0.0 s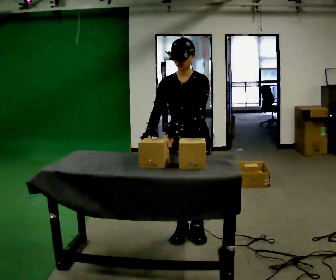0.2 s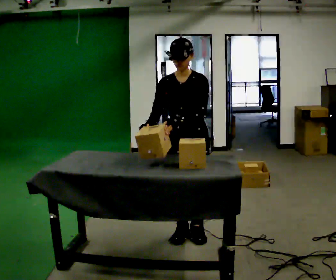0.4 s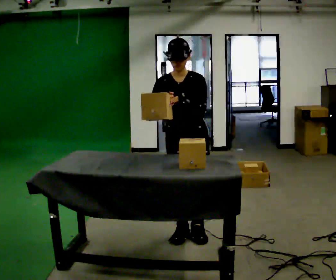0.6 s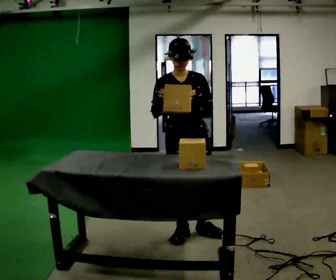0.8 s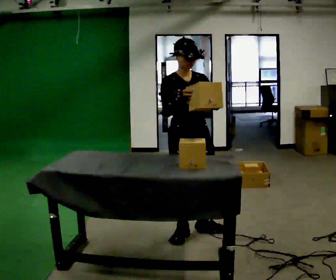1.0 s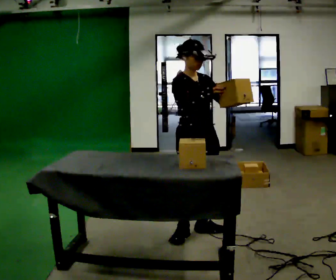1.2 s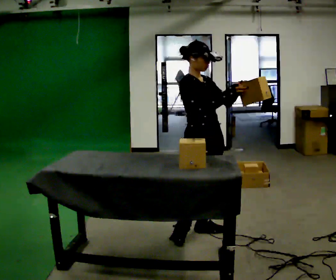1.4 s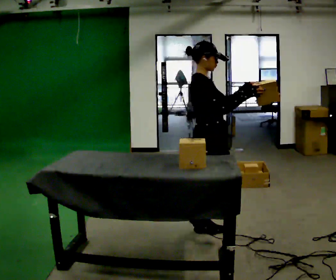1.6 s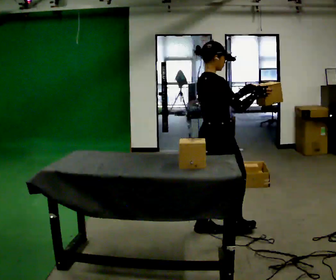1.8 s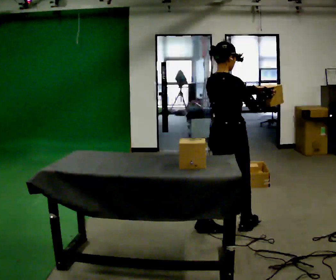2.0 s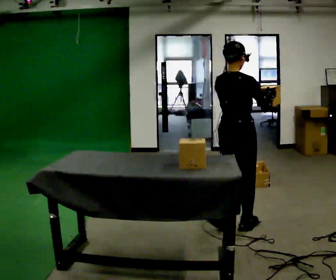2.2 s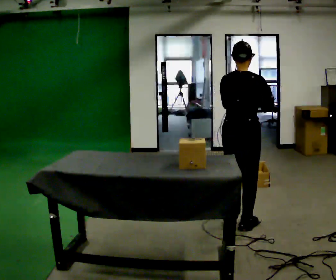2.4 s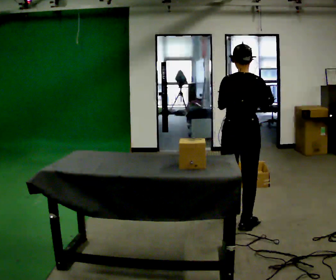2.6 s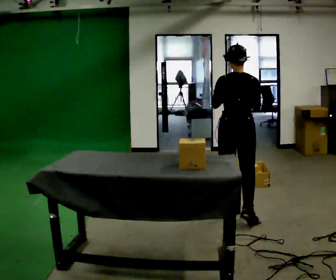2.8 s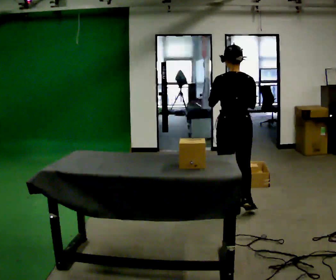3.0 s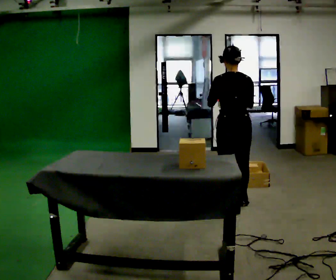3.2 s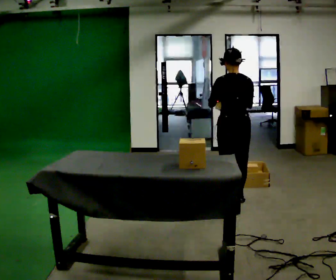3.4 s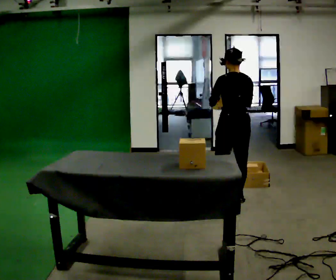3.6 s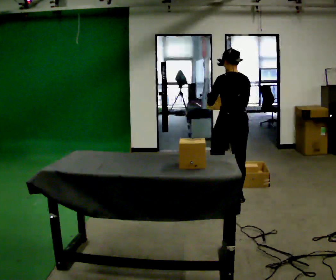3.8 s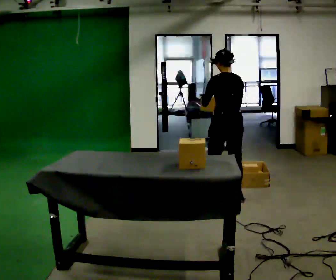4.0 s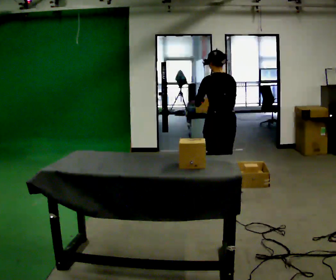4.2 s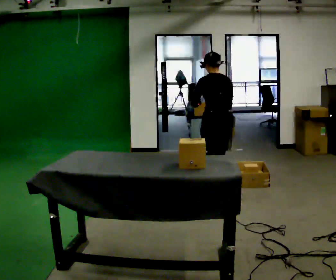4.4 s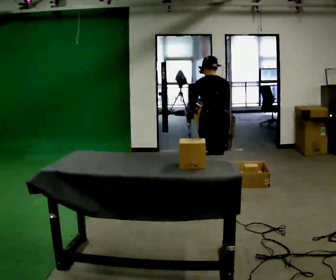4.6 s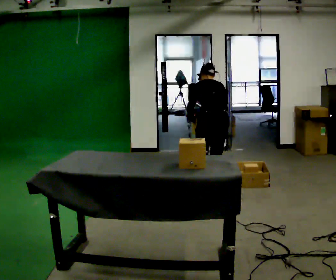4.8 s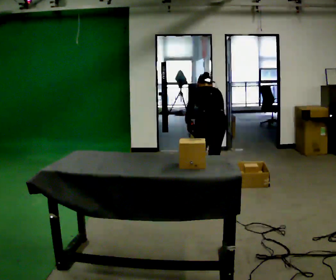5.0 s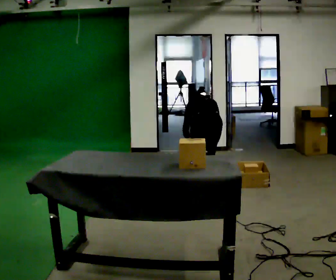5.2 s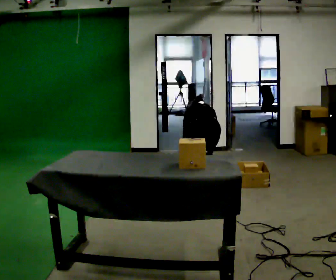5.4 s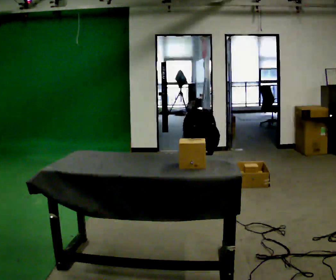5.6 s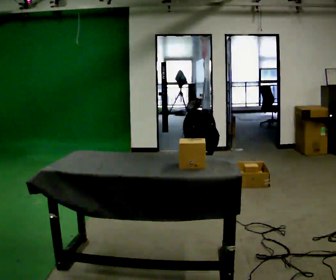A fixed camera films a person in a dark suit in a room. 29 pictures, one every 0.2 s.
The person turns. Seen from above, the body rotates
counterclockwise.
The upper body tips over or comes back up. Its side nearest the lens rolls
upward.
0.0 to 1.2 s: Seen from above the body turns counterclockwise, about 75 degrees: to their left, with its near side sliding to the right. In the picture their right hand goes to the right.
1.2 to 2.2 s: The part of the body nearest the lens slides to the right as the person turns to their left by about 90 degrees. In the picture they go to the right and away from the camera, about 0.25 m in 1 step.
2.2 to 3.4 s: Seen from above the body turns counterclockwise, about 45 degrees: to their left, with its near side sliding to the right. In the picture they go away from the camera, about 0.5 m in 2 steps, which for them is forward.
3.4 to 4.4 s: In the picture they go to the left and away from the camera, about 0.25 m in 2 steps, which for them is forward. The upper body tips away from the camera, its near side rolling upward, as they bend forward.
4.4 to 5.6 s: The shoulders move downward. The upper body tips away from the camera, its near side rolling upward, as they bend forward. In the picture their left hand goes downward.
The film runs forward here.
